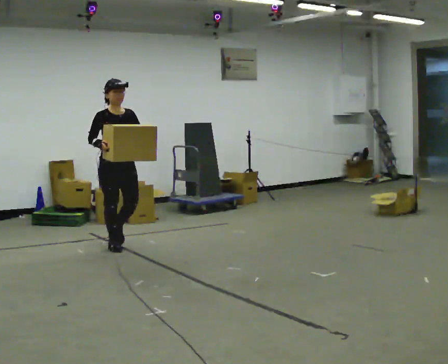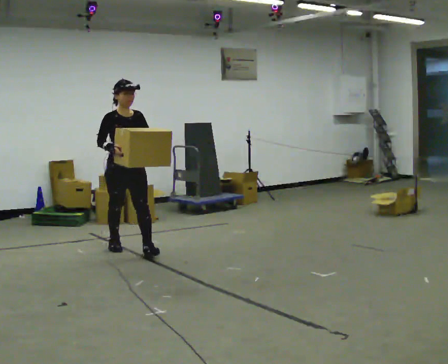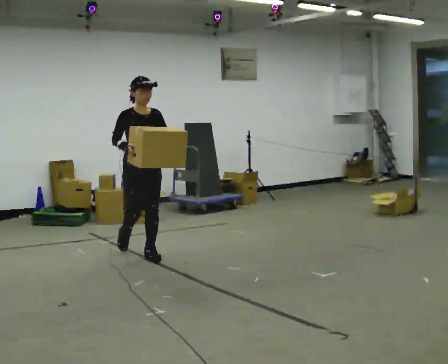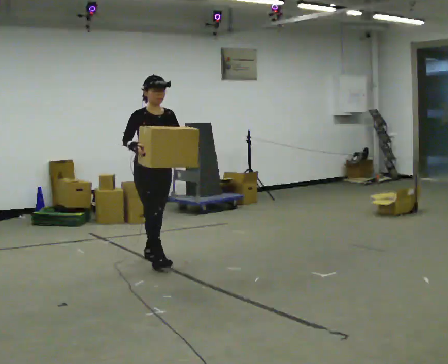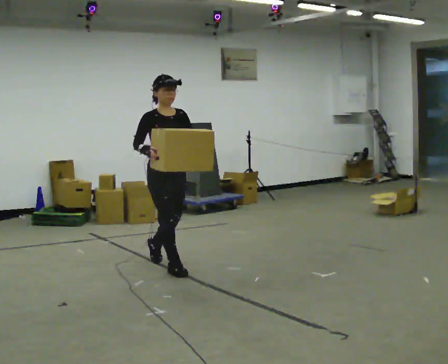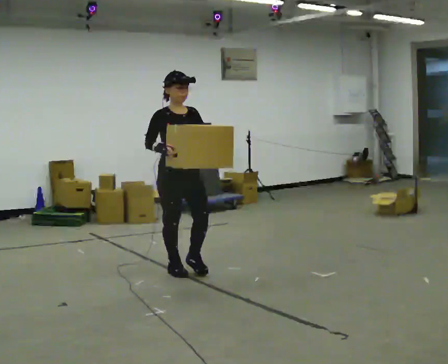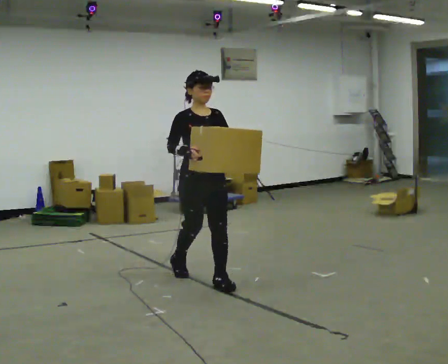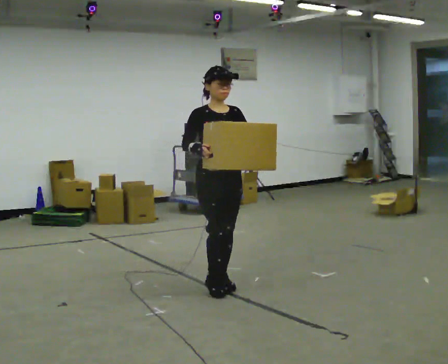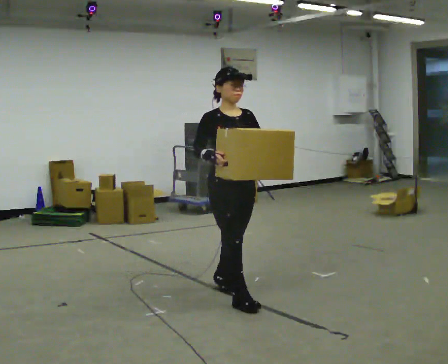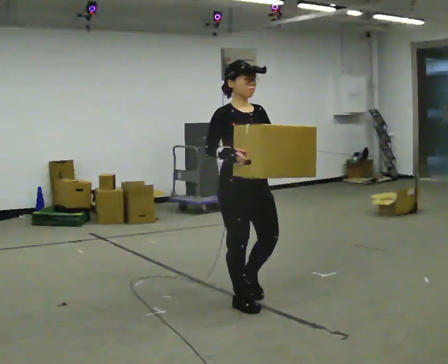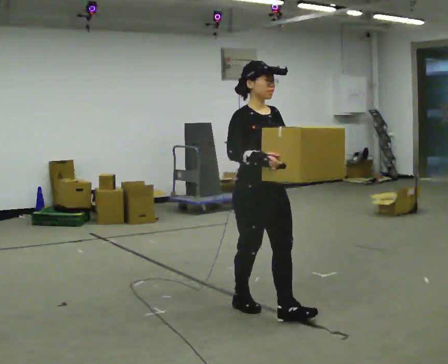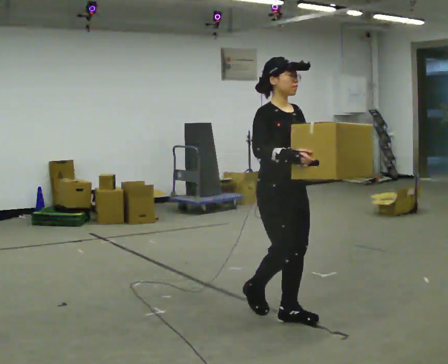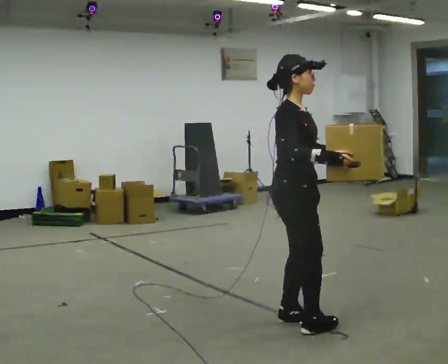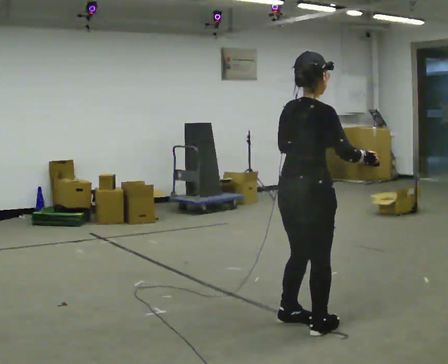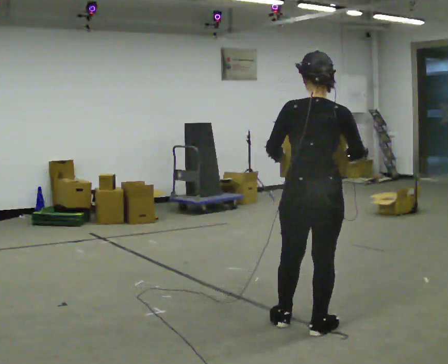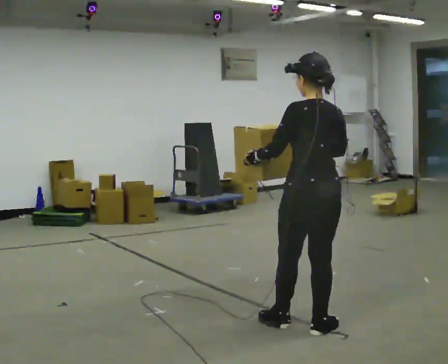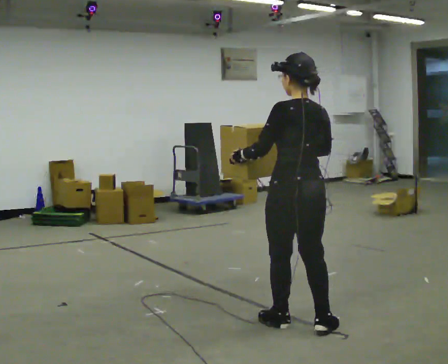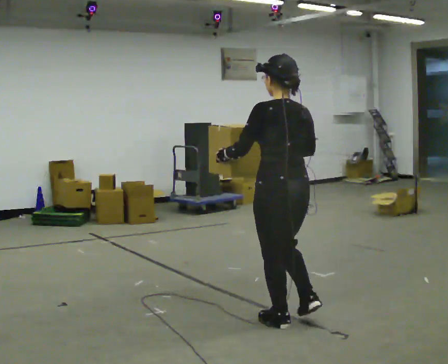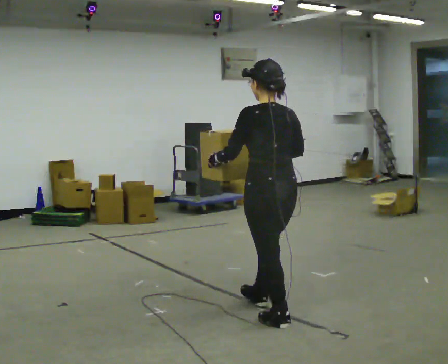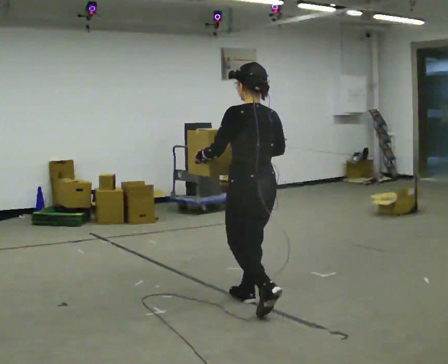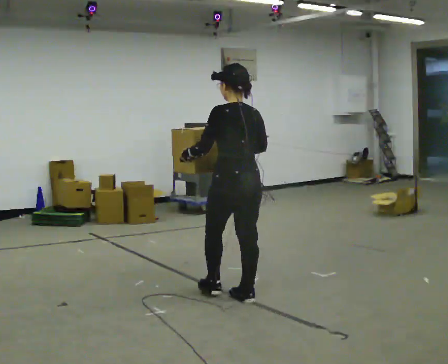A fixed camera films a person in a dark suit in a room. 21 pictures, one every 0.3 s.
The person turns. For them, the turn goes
to their left.
The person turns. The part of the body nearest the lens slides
to the right.
0.0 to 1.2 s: In the picture they go toward the camera and to the right, about 1 m in 2 steps, which for them is forward.
1.2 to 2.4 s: In the picture they go toward the camera and to the right, about 1 m in 2 steps, which for them is forward.
2.4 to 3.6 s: The part of the body nearest the lens slides to the right as the person turns to their left by about 45 degrees. In the picture they go toward the camera and to the right, about 0.75 m in 1 step, which for them is forward.
3.6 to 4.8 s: Seen from above the body turns counterclockwise, about 135 degrees: to their left, with its near side sliding to the right.
4.8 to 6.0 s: In the picture they go away from the camera and to the left, about 0.75 m in 1 step, which for them is forward.
The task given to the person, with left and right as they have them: Carry the heavy box in both hands in front of you, walking back and forth across the room. Keep walking until the operator says stop. Set it down if you need a rest.
The film runs forward here.
